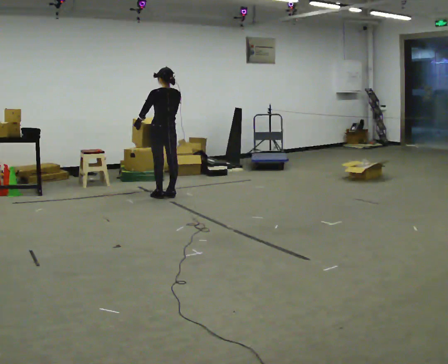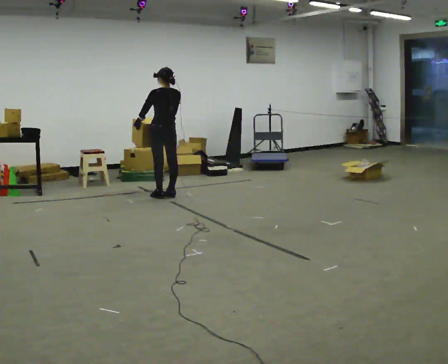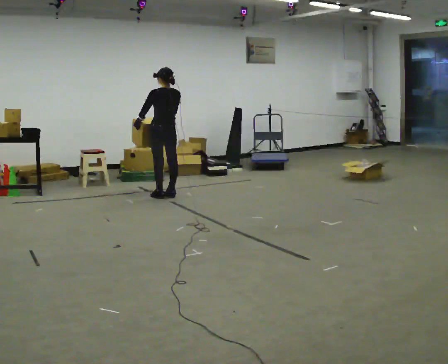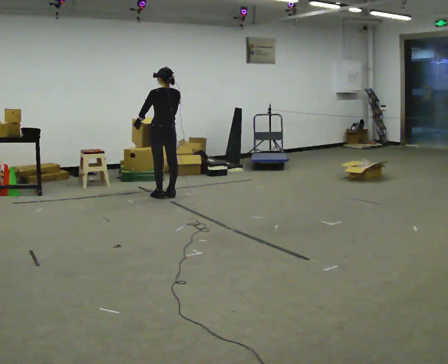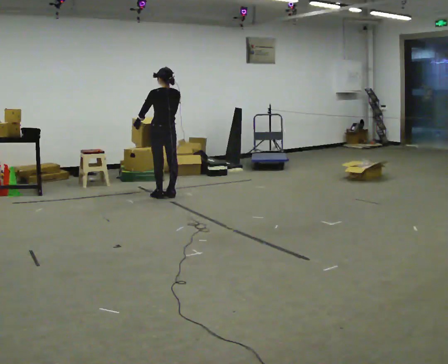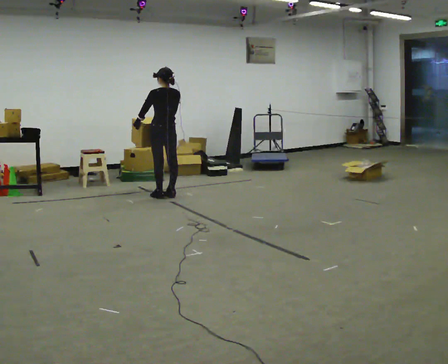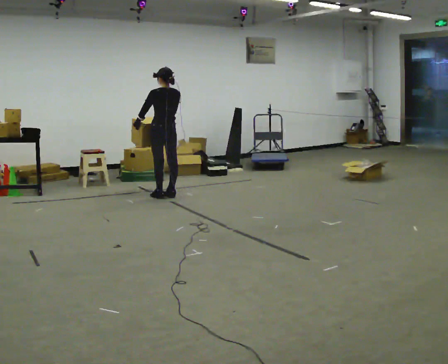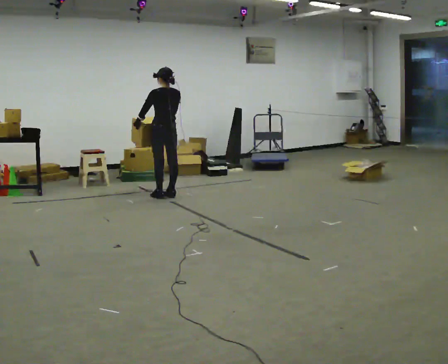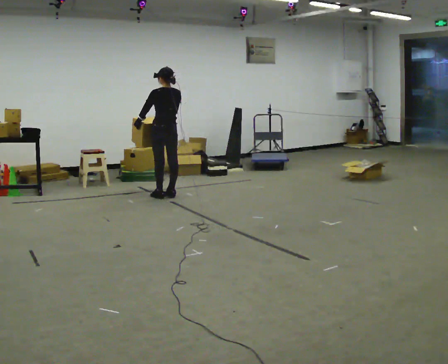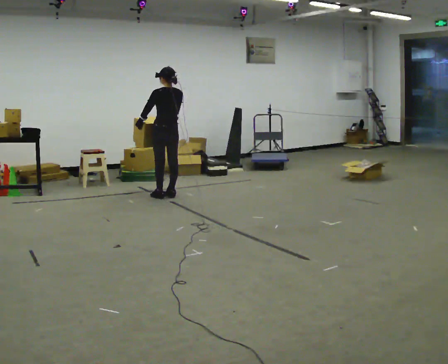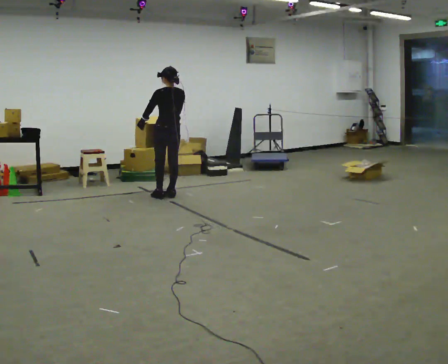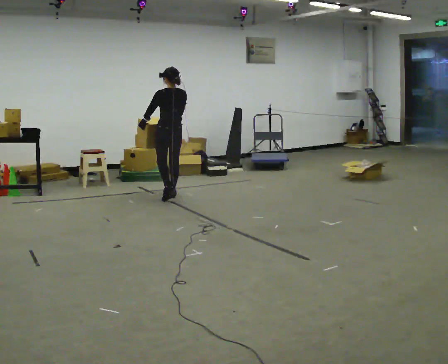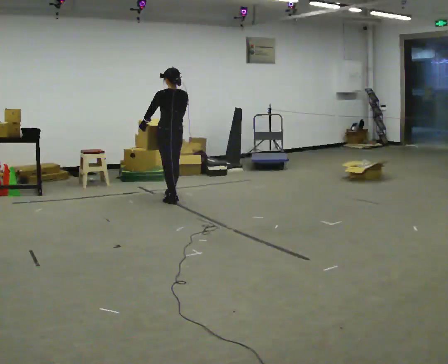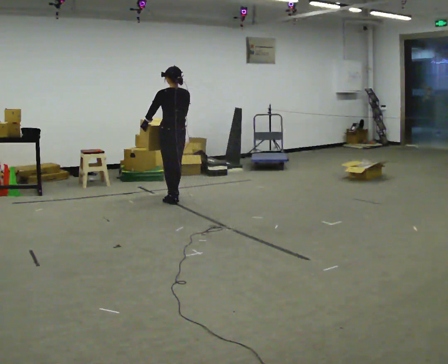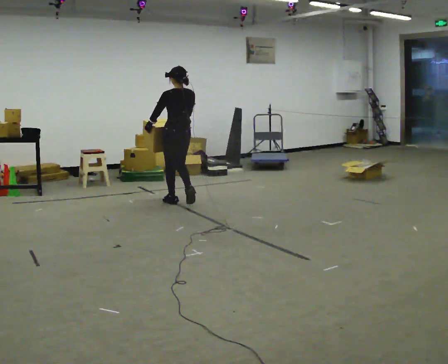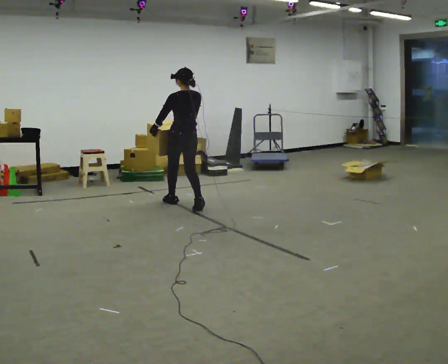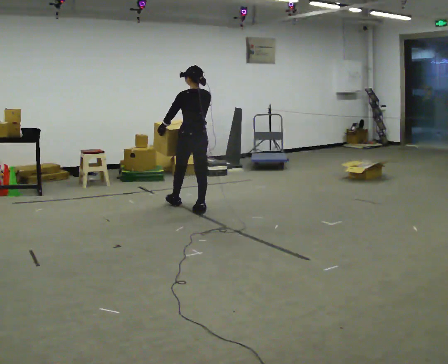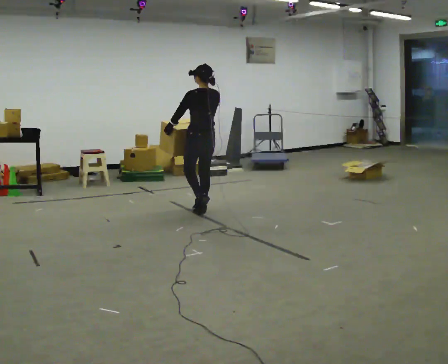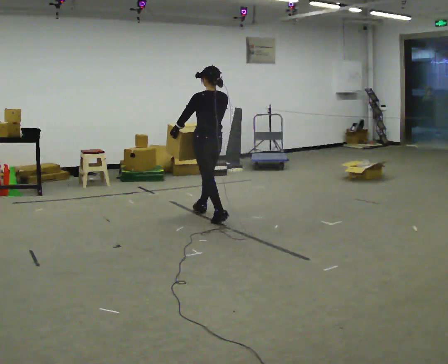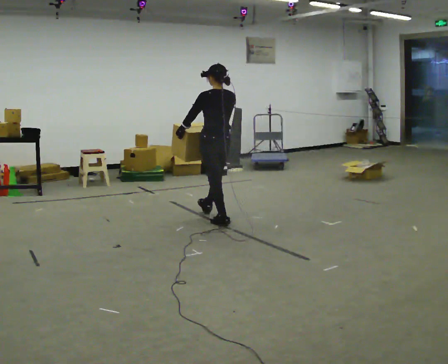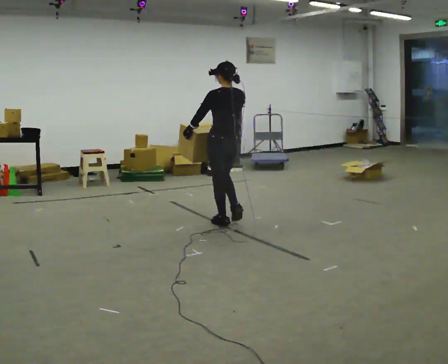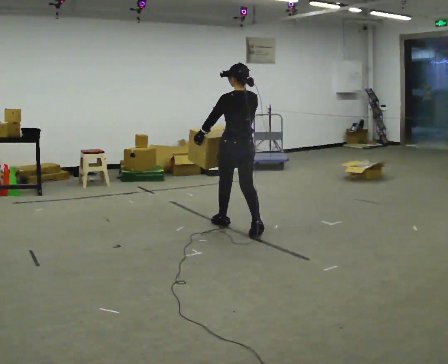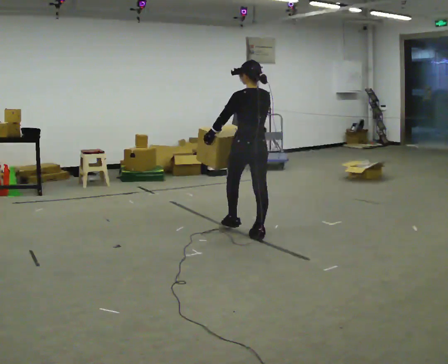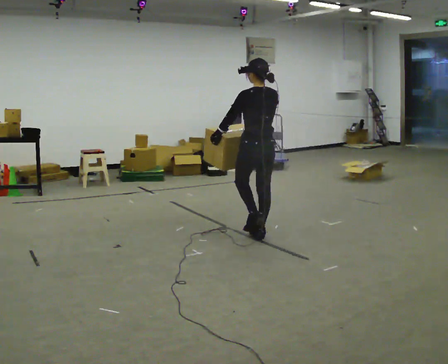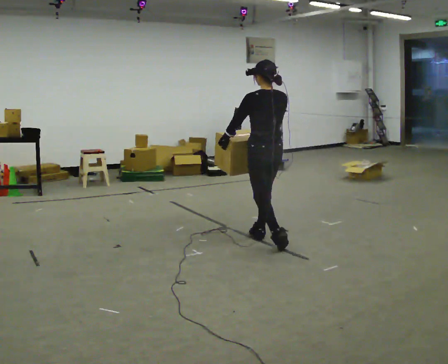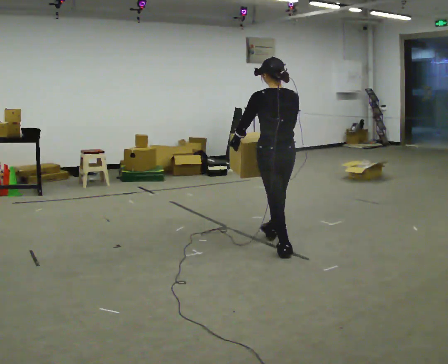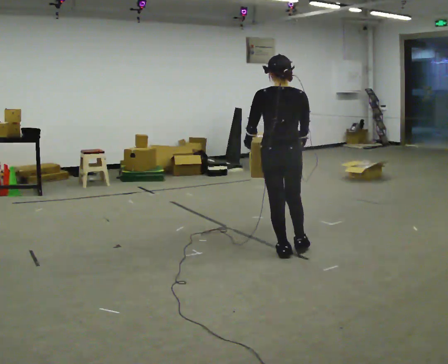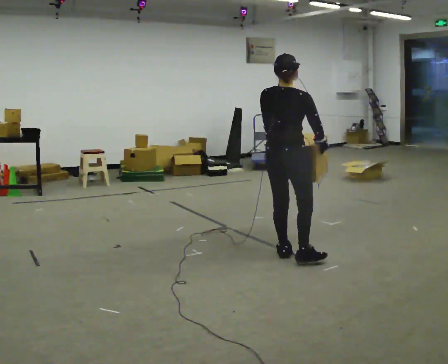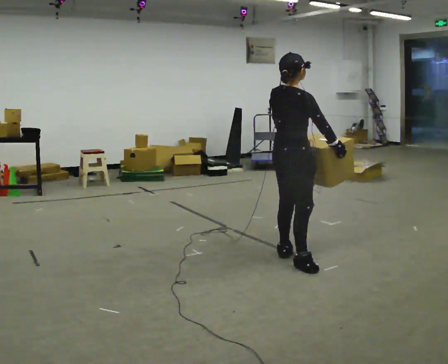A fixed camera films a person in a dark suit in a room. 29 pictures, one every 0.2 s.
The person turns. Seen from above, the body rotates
clockwise.
The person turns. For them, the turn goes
to their right.
0.0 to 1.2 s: The person keeps their place and pose.
1.2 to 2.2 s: The person moves a little, or ends about where they began.
2.2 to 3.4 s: In the picture they go toward the camera and to the right, about 1 m in 2 steps, which for them is backward.
3.4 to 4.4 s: In the picture they go toward the camera and to the right, about 1 m in 2 steps, which for them is backward.
4.4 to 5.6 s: The part of the body nearest the lens slides to the left as the person turns to their right by about 90 degrees. In the picture they go toward the camera, about 1 m in 1 step.
The film runs backward here.
